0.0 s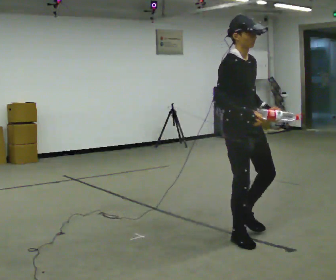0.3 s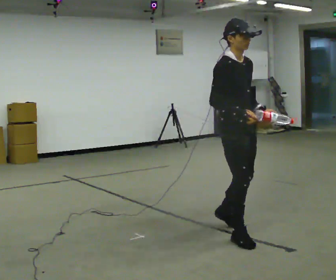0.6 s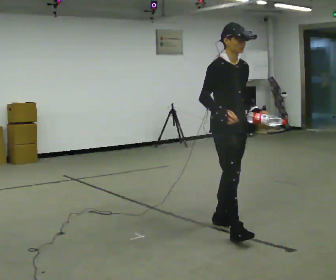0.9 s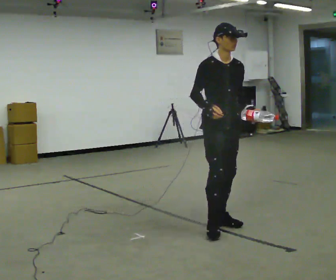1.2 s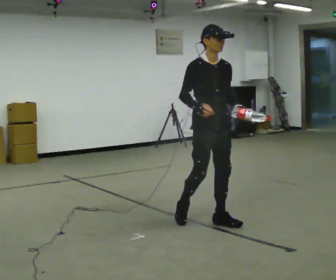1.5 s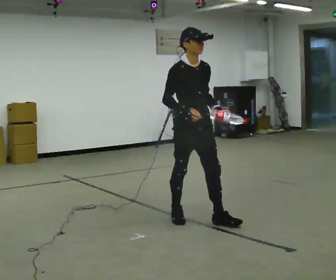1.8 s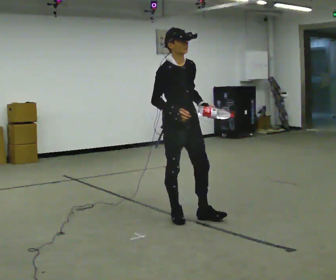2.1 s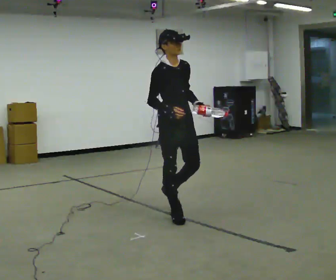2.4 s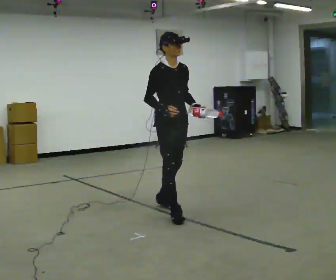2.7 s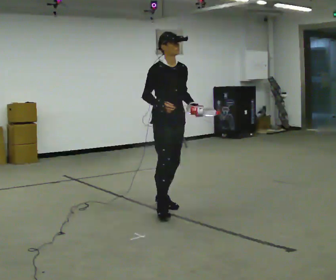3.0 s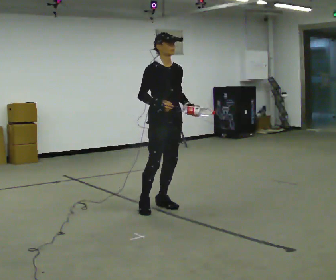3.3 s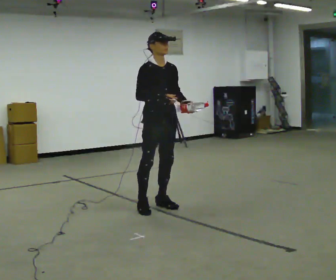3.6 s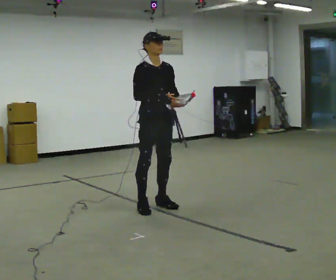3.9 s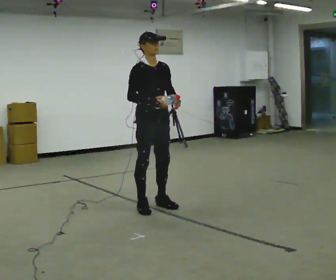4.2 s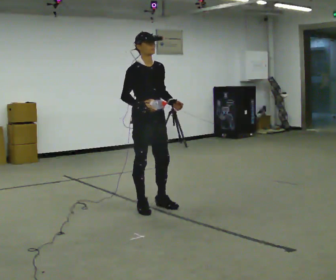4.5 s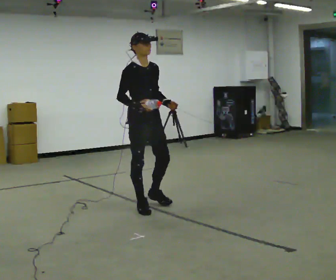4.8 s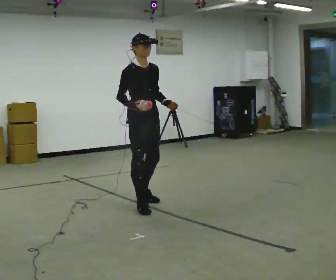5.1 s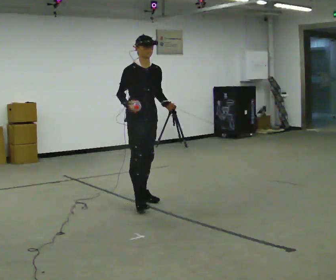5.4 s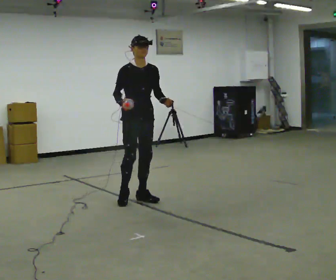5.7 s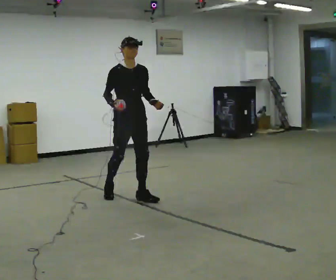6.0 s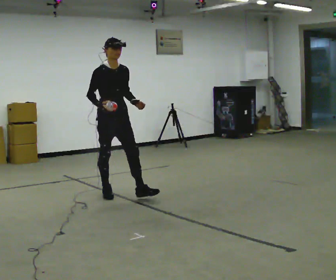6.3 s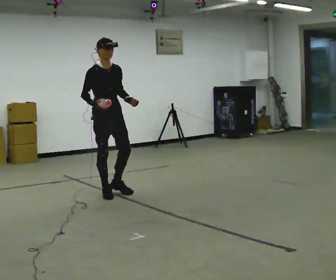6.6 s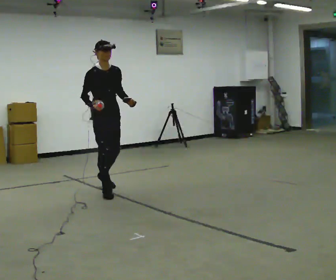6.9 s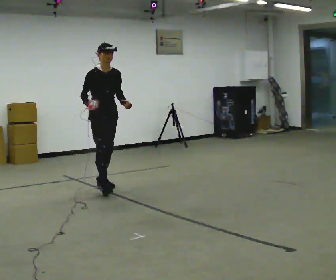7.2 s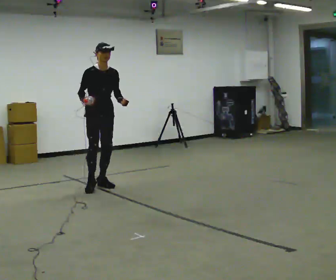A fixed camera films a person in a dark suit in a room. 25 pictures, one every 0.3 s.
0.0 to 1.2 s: In the picture they go away from the camera, about 0.5 m in 1 step, which for them is backward and to their left.
1.2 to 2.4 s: In the picture they go away from the camera and to the left, about 0.5 m in 1 step, which for them is backward.
2.4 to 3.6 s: In the picture they go away from the camera, about 0.25 m in 1 step, which for them is backward.
3.6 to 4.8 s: The person moves a little, or ends about where they began.
4.8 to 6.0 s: In the picture they go away from the camera and to the left, about 0.5 m in 2 steps, which for them is backward.
6.0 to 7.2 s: In the picture they go away from the camera and to the left, about 0.5 m in 1 step, which for them is backward.
The film runs backward here.
